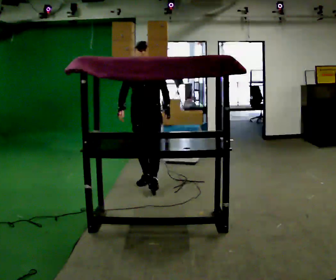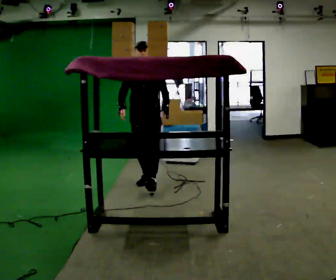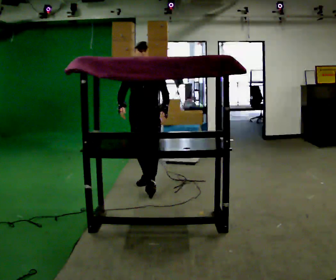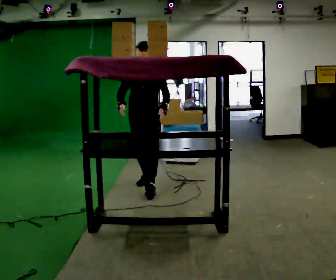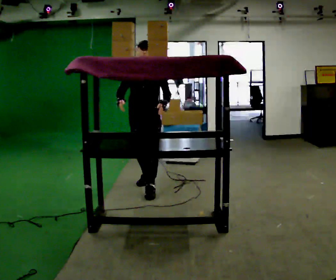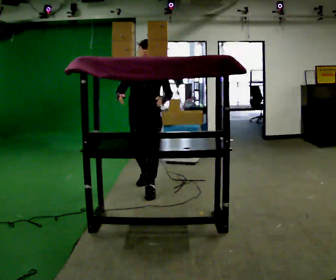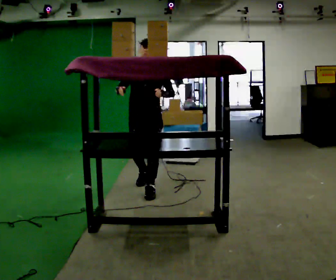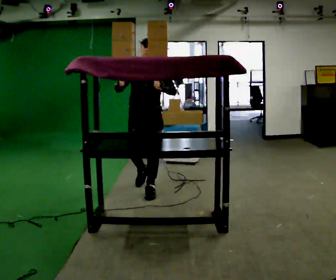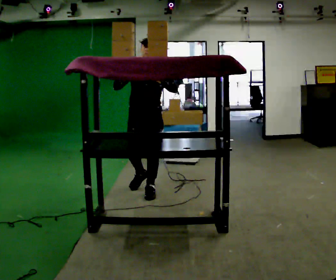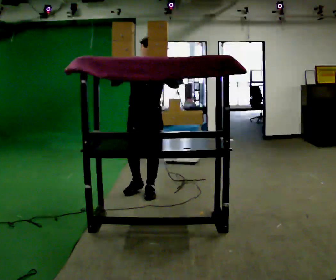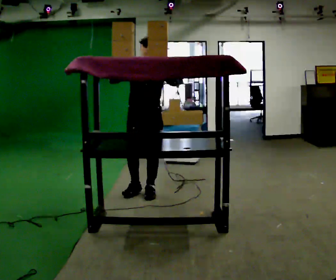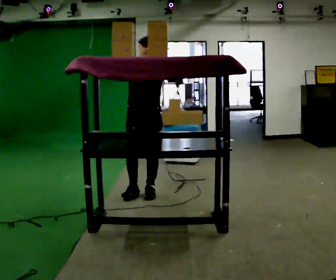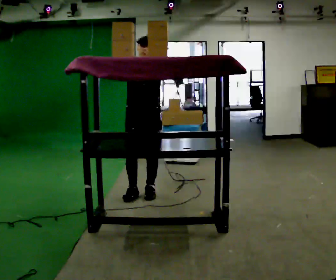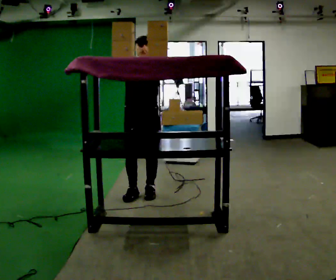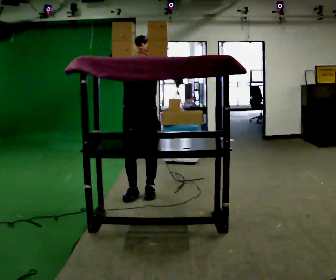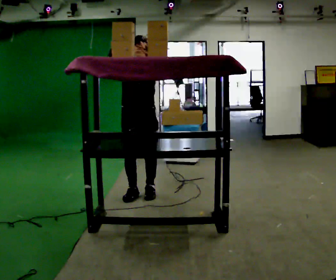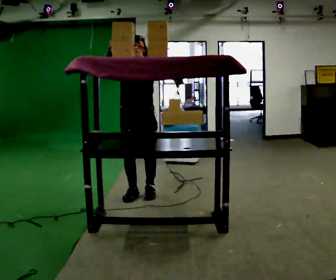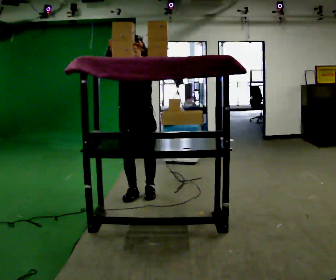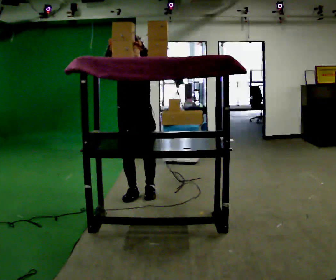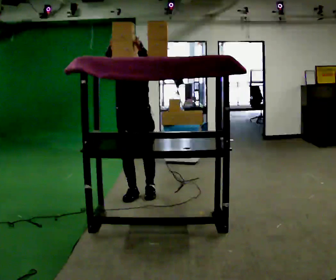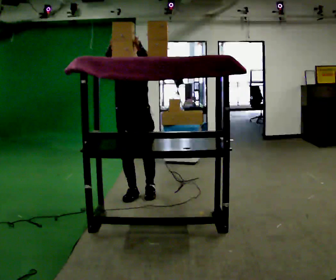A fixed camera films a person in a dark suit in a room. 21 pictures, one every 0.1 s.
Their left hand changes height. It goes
upward.
Their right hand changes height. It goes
upward.
0.0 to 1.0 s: In the picture they go toward the camera, about 0.5 m in 1 step, which for them is forward. In the picture their left hand goes upward.
1.0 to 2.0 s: The person moves a little, or ends about where they began.
The film runs forward here.
